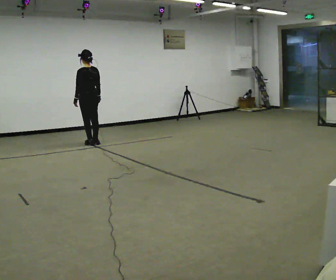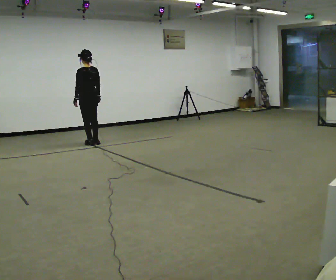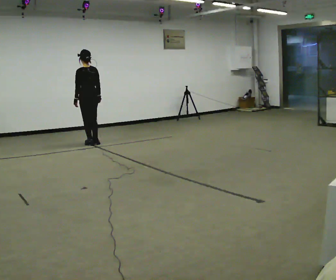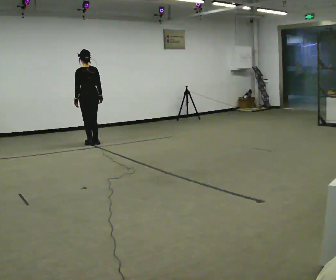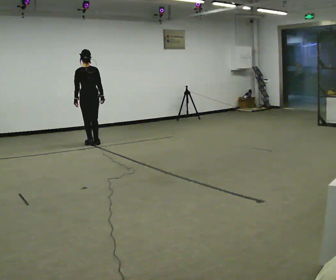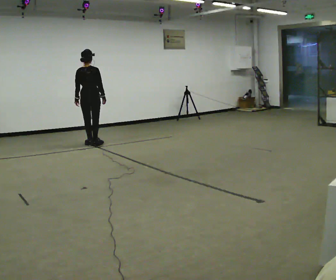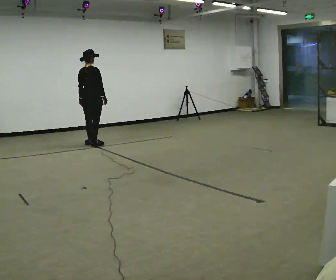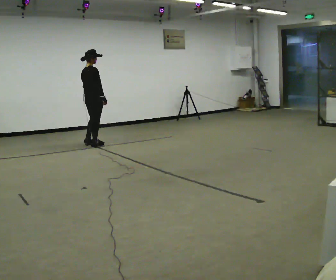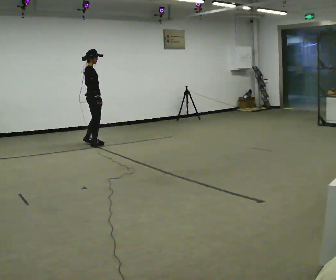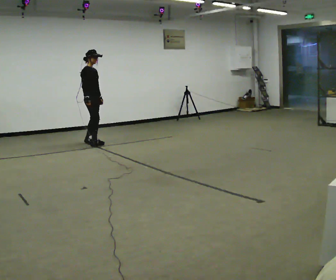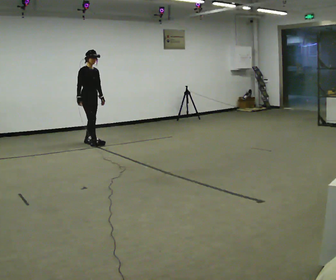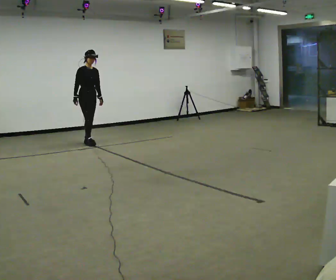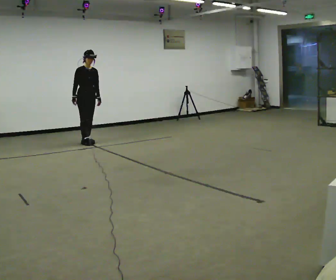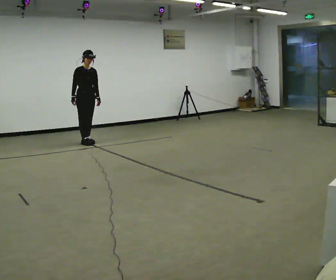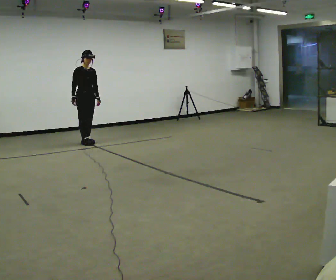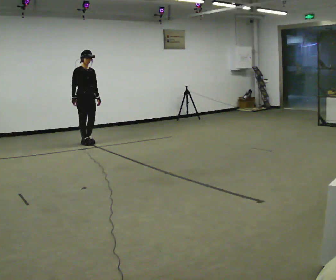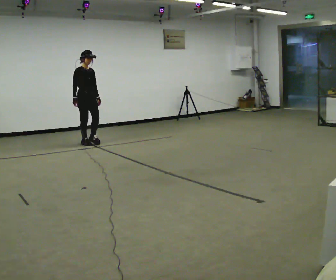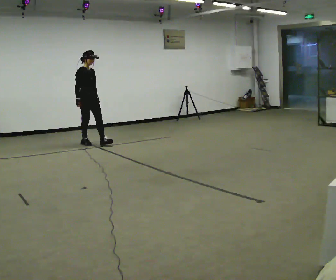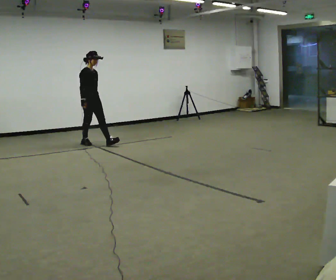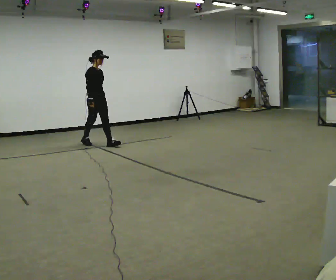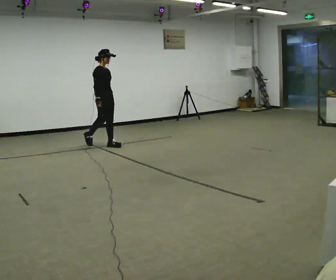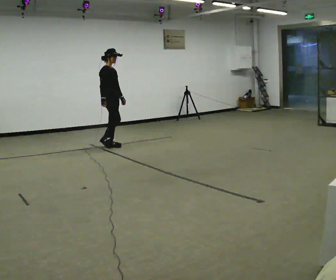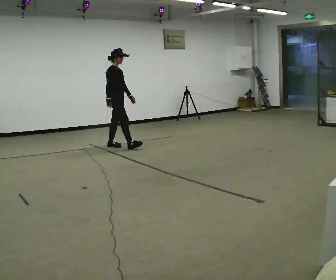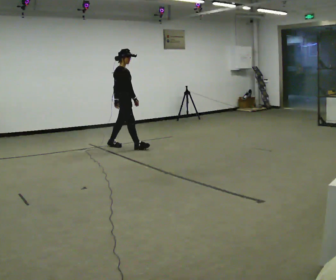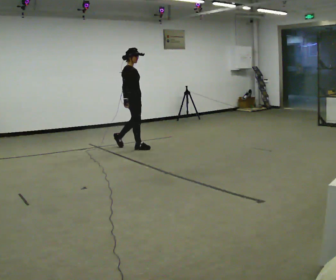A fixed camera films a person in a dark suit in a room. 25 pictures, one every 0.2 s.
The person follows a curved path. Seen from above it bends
counterclockwise.
0.0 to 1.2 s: The person turns about 60 degrees to their right, clockwise seen from above, so the part of the body nearest the lens slides to the left.
1.2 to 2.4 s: The part of the body nearest the lens slides to the left as the person turns to their right by about 120 degrees. In the picture they go away from the camera, about 0.25 m in 2 steps. In the picture their right hand goes to the left, the arm swinging clockwise.
2.4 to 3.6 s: The person turns about 30 degrees to their left, counterclockwise seen from above, so the part of the body nearest the lens slides to the right.
3.6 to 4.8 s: In the picture they go to the right and toward the camera, about 1 m in 1 step, which for them is forward.
The film runs forward here.
